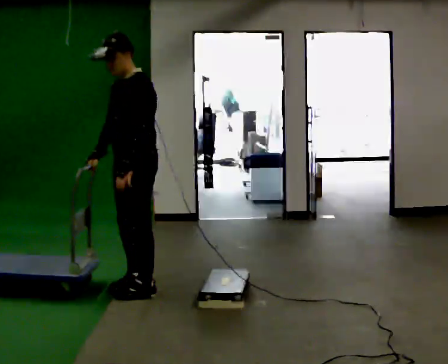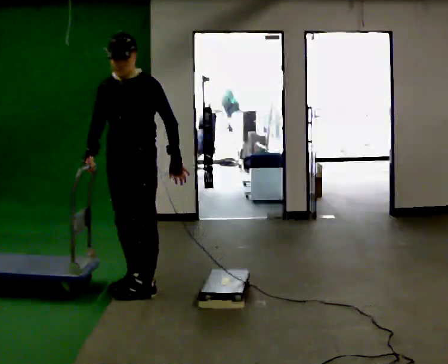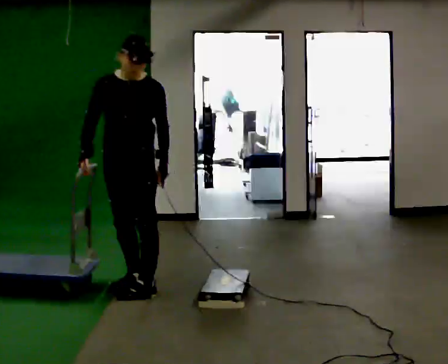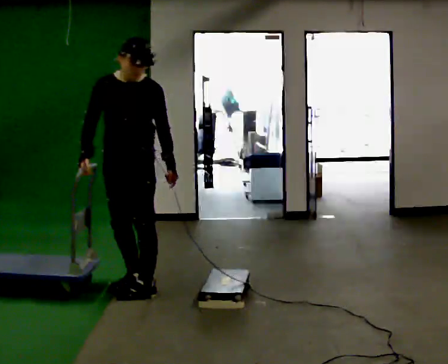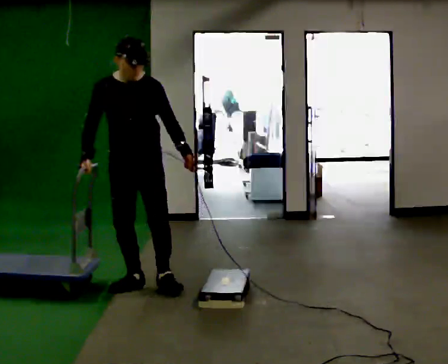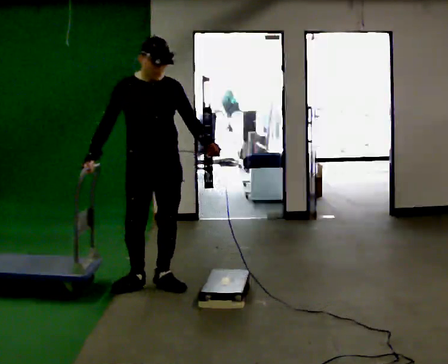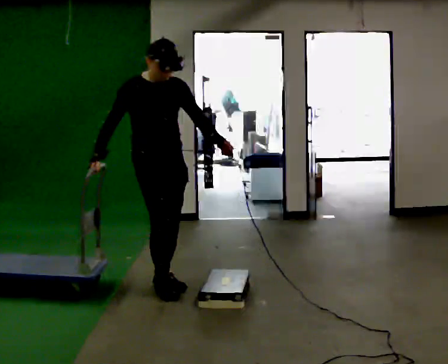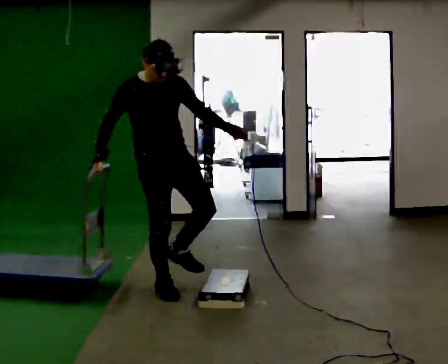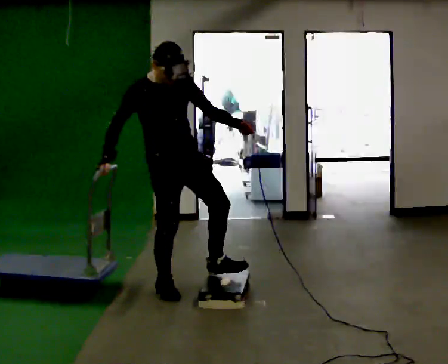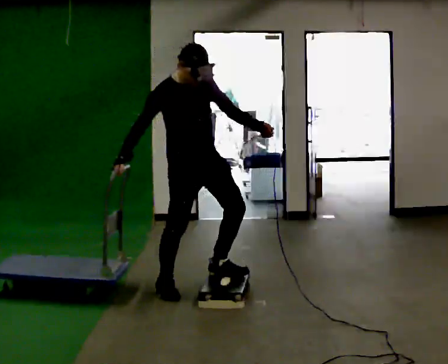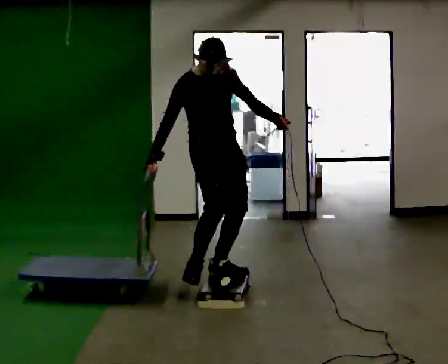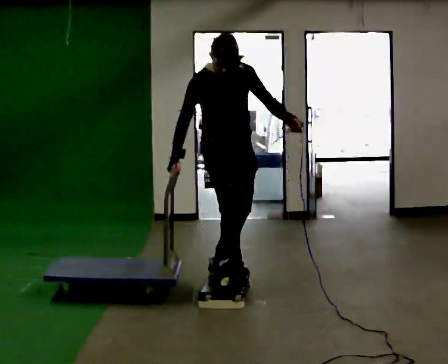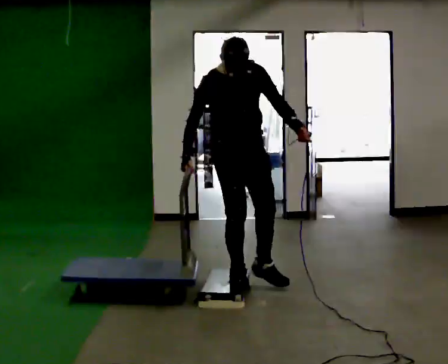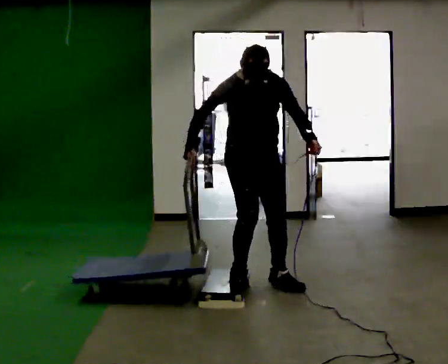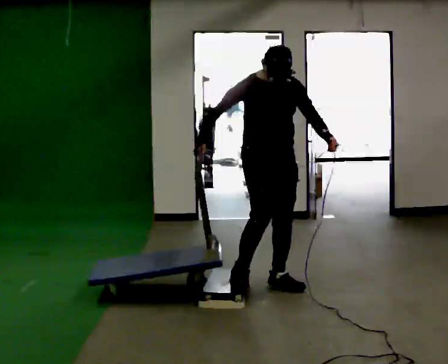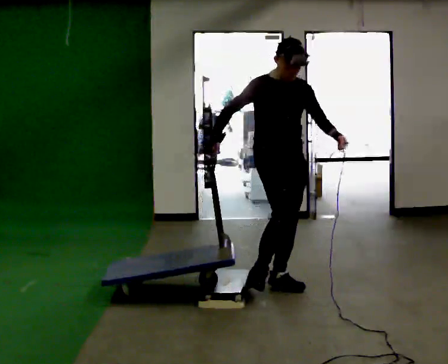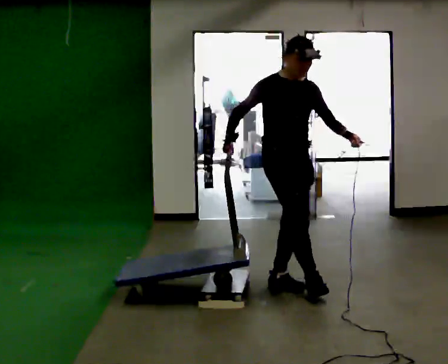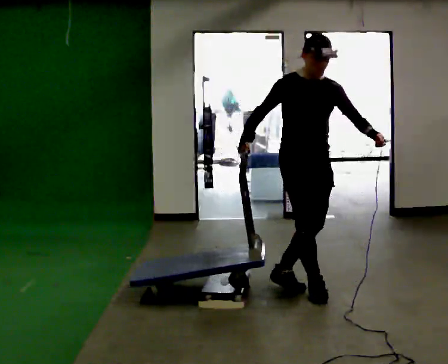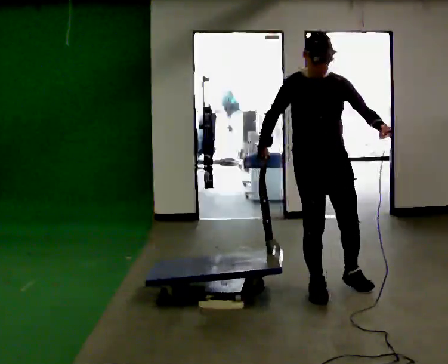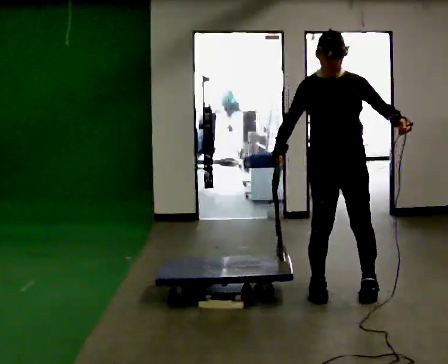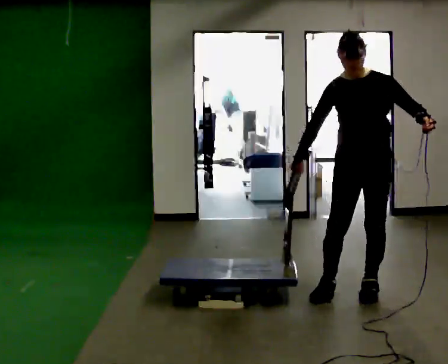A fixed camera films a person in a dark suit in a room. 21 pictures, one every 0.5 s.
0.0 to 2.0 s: The person turns about 60 degrees to their left, counterclockwise seen from above, so the part of the body nearest the lens slides to the right. In the picture they go away from the camera, about 0.25 m, which for them is backward. In the picture their left hand goes to the right.
2.0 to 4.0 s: The part of the body nearest the lens slides to the right as the person turns to their left by about 45 degrees. In the picture they go to the right, about 0.25 m in 3 steps, which for them is forward and to their left.
4.0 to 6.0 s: In the picture they go to the right, about 0.5 m in 1 step, which for them is to their left and forward.
6.0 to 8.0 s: In the picture they go to the right, about 0.25 m in 2 steps, which for them is to their left. The upper body tips away from the camera, its near side rolling upward, as they lean back or straighten.
8.0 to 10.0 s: The part of the body nearest the lens slides to the left as the person turns to their right by about 60 degrees. In the picture they go to the right and toward the camera, about 0.5 m in 1 step.
The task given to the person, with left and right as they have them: Push the cart up over the low platform edge and down the other side, then bring it back over.
The film runs forward here.
